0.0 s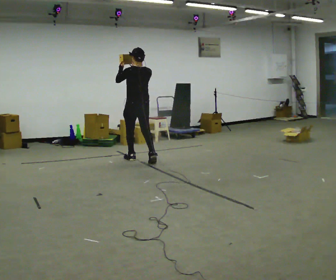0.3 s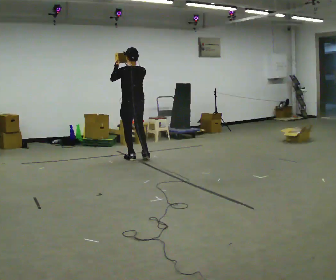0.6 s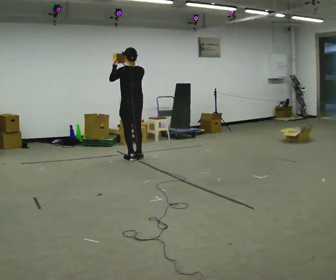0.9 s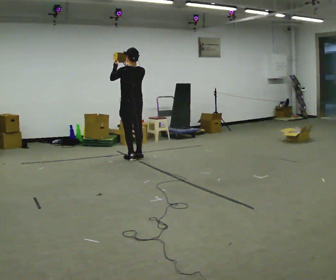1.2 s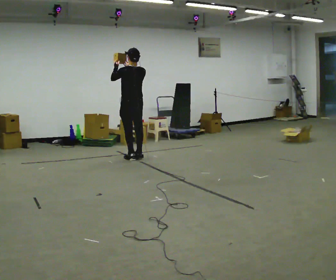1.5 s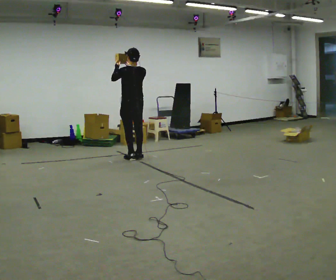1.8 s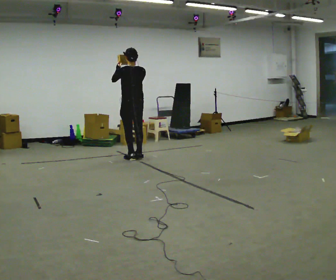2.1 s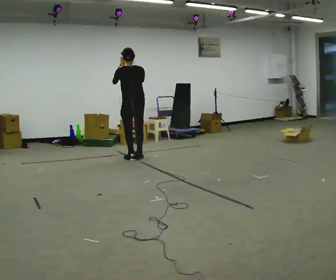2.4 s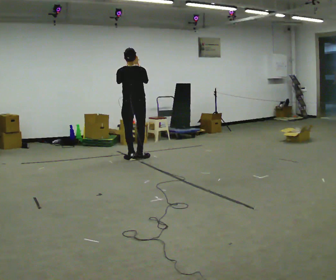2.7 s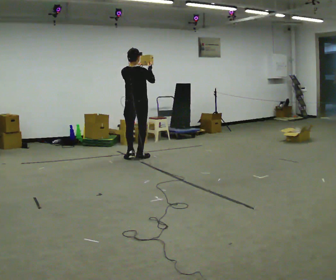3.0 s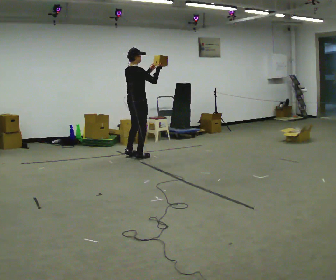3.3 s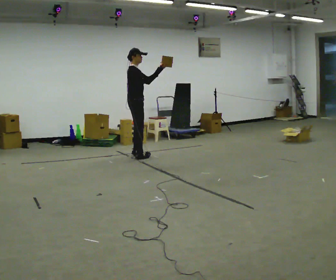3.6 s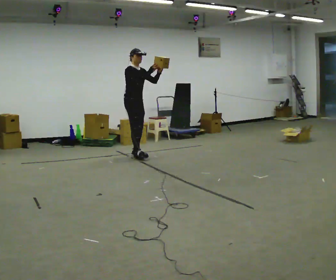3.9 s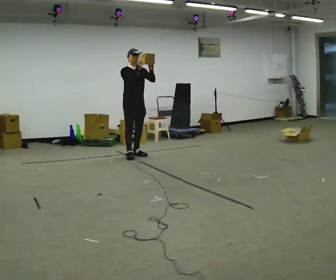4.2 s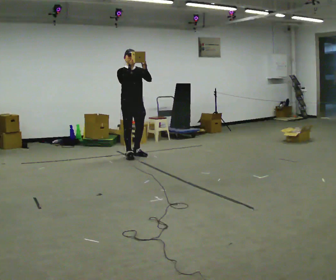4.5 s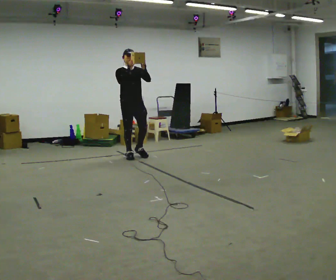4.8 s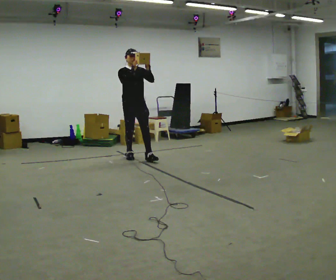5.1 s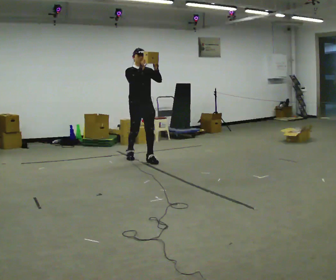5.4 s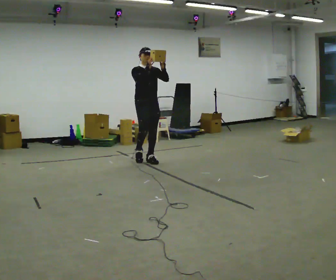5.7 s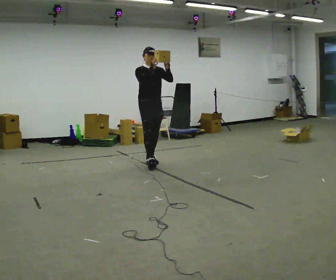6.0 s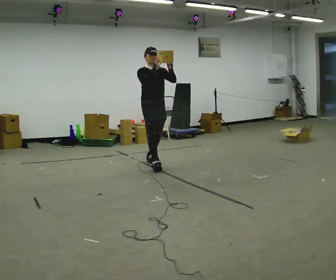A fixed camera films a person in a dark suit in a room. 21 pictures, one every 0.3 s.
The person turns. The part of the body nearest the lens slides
to the left.
The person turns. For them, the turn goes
to their right.
0.0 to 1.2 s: In the picture they go away from the camera, about 0.25 m in 1 step, which for them is forward.
1.2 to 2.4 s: Seen from above the body turns clockwise, about 30 degrees: to their right, with its near side sliding to the left.
2.4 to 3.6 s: Seen from above the body turns clockwise, about 135 degrees: to their right, with its near side sliding to the left. In the picture they go away from the camera, about 0.25 m in 1 step. In the picture their left hand goes to the right.
3.6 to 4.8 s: In the picture they go toward the camera, about 0.25 m in 2 steps, which for them is forward.
4.8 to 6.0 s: In the picture they go toward the camera and to the right, about 0.5 m in 1 step, which for them is forward.
The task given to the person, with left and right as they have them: Carry the object held up above your head, walking back and forth across the room.
The film runs forward here.
